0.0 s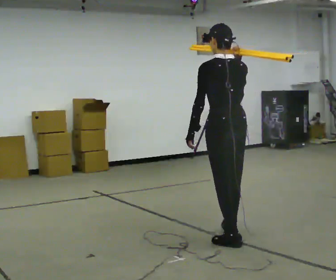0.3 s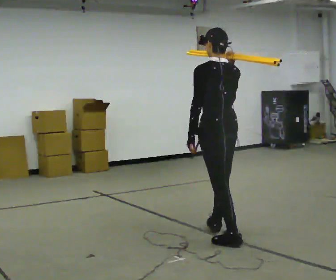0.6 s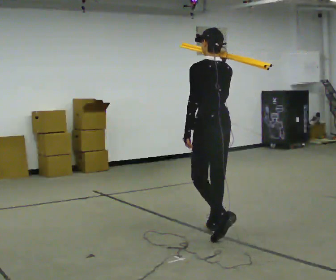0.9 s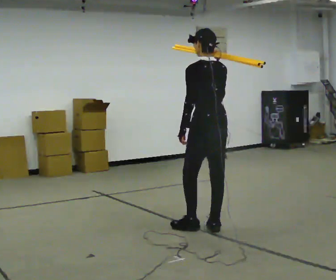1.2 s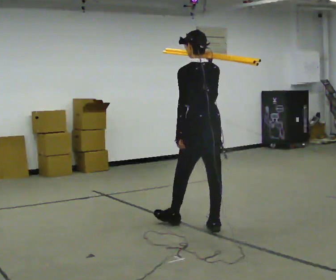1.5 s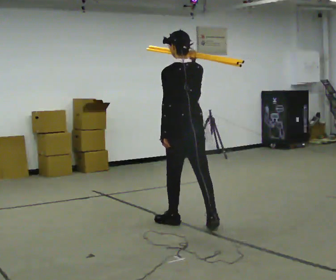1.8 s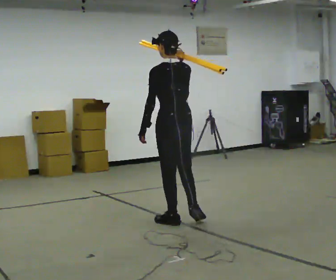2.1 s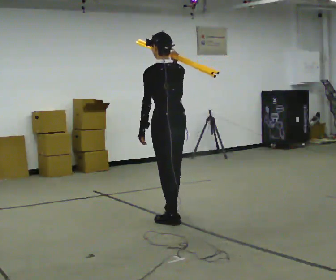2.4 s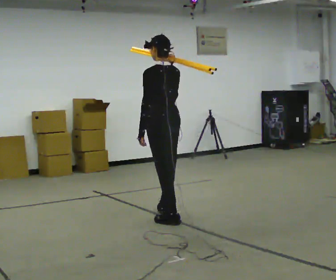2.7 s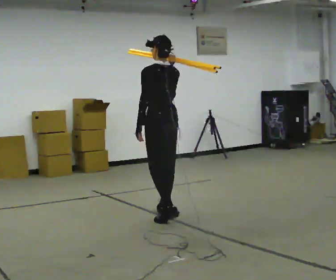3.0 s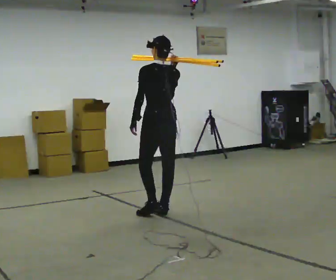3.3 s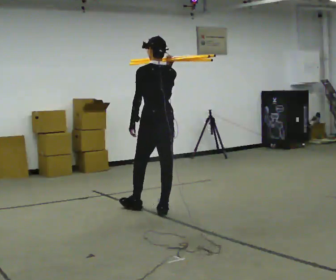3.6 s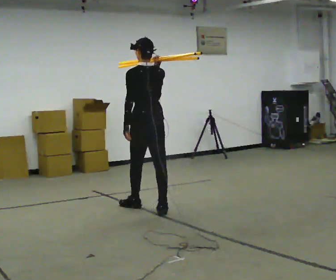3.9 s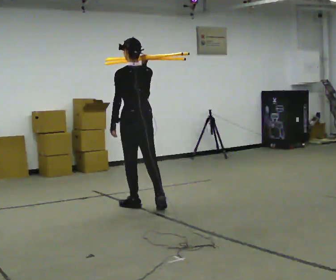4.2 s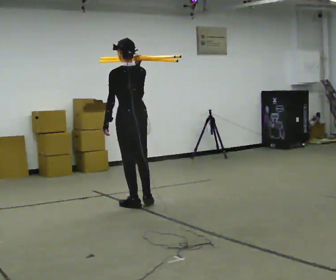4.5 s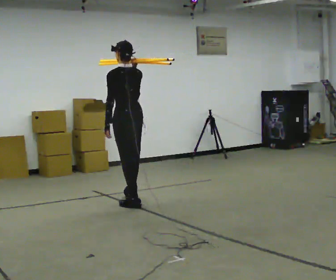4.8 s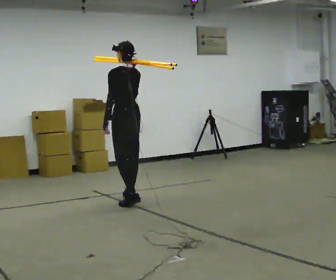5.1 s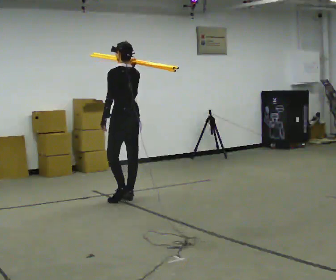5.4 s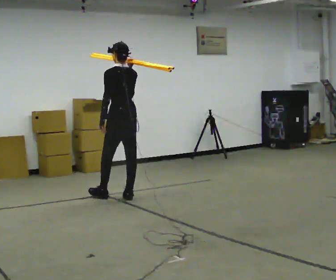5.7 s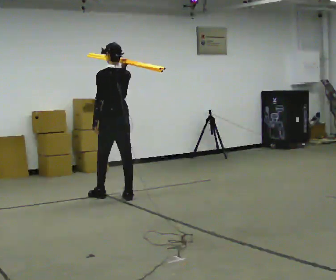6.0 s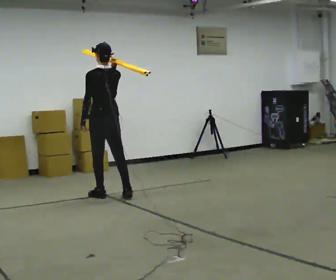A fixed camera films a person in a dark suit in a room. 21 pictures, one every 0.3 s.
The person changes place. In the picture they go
away from the camera.
0.0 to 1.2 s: In the picture they go away from the camera, about 0.5 m in 2 steps, which for them is forward.
1.2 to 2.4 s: In the picture they go away from the camera and to the left, about 0.5 m in 1 step, which for them is forward.
2.4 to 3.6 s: In the picture they go away from the camera and to the left, about 0.5 m in 1 step, which for them is forward.
3.6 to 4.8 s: In the picture they go away from the camera and to the left, about 0.5 m in 1 step, which for them is forward.
4.8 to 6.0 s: In the picture they go to the left and away from the camera, about 0.25 m in 1 step, which for them is forward.
The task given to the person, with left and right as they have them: Rest the long object on the shoulder the operator calls and carry it across the room, back and forth.
The film runs forward here.
